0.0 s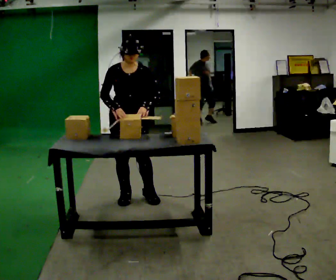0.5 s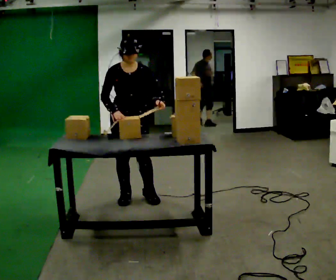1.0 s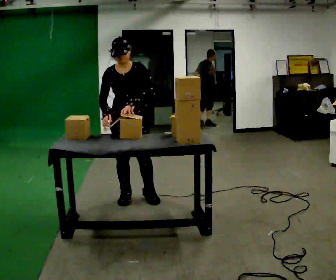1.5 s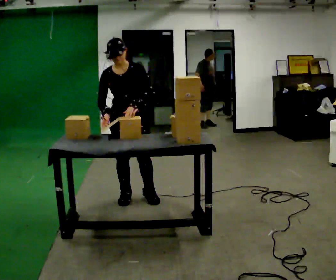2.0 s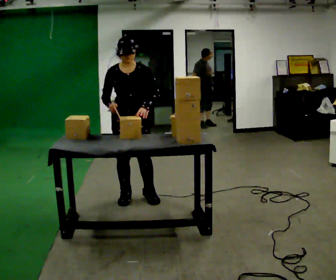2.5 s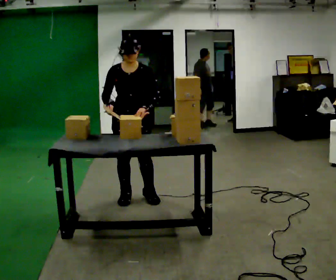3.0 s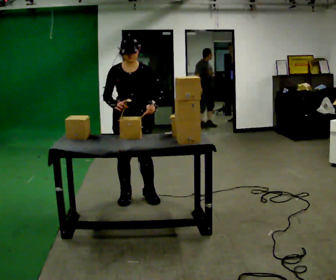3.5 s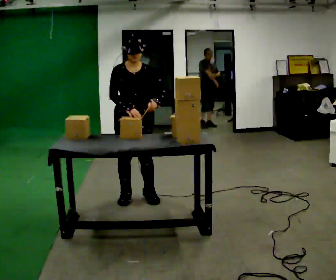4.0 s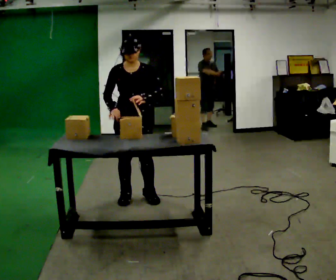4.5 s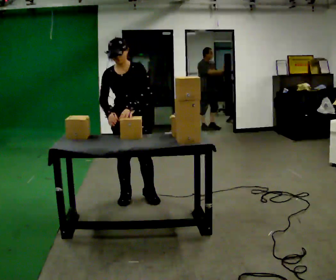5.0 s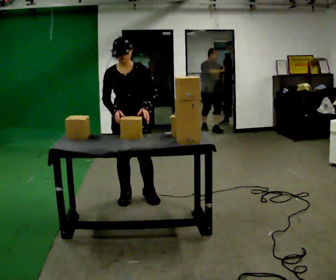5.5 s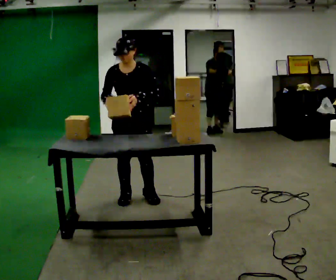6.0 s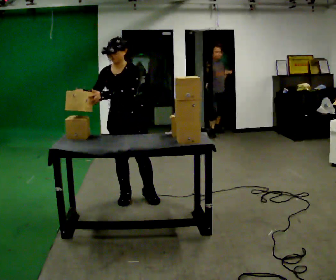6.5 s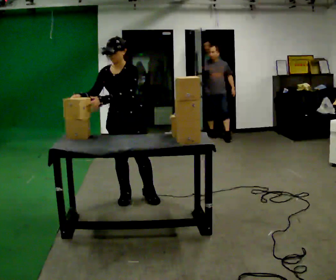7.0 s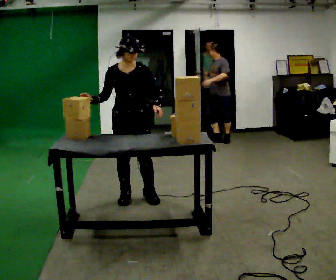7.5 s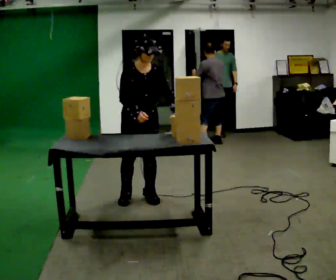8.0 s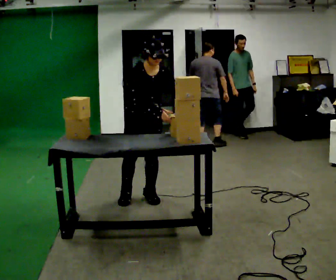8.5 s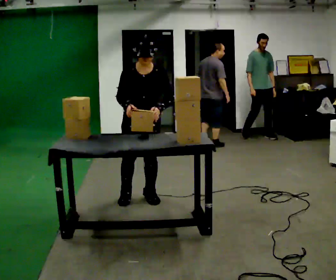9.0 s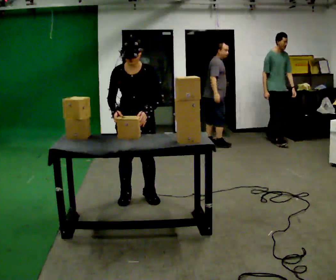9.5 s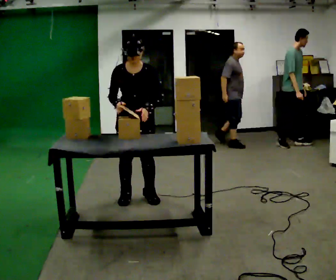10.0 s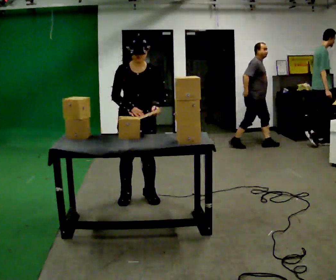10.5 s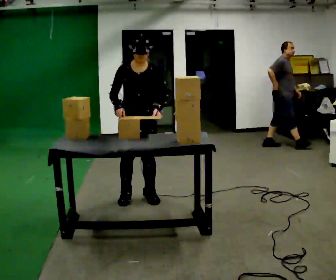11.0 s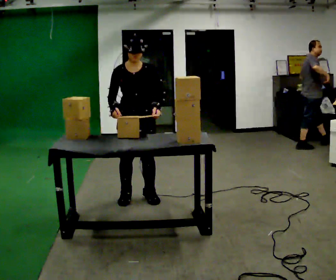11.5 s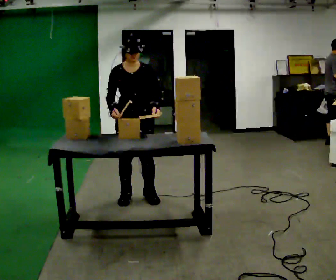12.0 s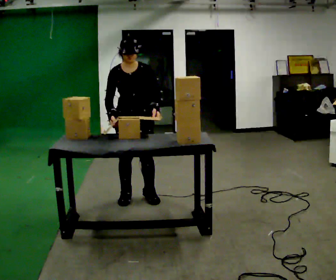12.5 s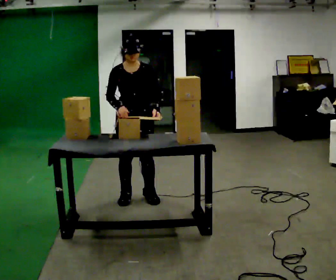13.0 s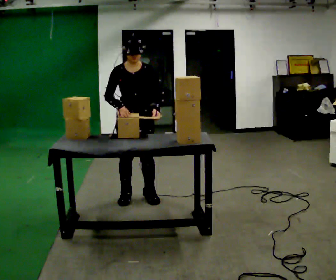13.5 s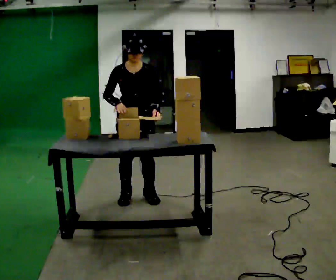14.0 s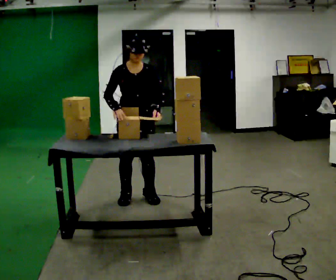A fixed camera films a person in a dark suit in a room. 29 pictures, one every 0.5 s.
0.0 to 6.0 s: Seen from above the body turns clockwise, about 30 degrees: to their right, with its near side sliding to the left. In the picture their left hand goes to the left.
6.0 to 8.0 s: The person turns about 30 degrees to their left, counterclockwise seen from above, so the part of the body nearest the lens slides to the right. In the picture they go to the right, about 0.25 m, which for them is to their left. In the picture the upper body tilts clockwise, shoulders to the right. In the picture their left hand goes to the right.
8.0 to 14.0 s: In the picture their right hand goes to the left.
The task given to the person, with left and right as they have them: Take the stacked item apart piece by piece on the table, then put it back together. Repeat at your own pace until the operator says stop. Keep both feet on the marked spots for the whole take. If you have to step, stop and tell the operator.
The film runs forward here.
